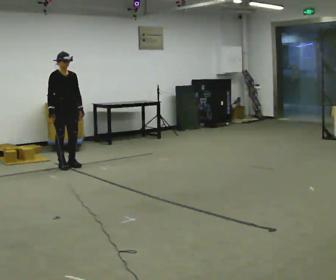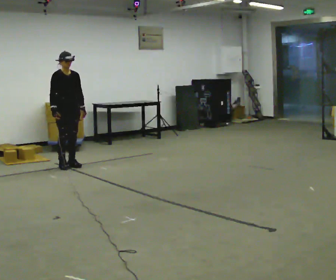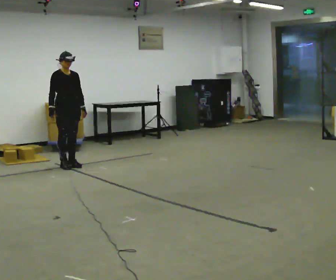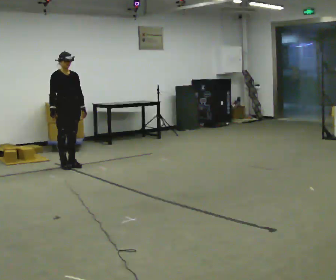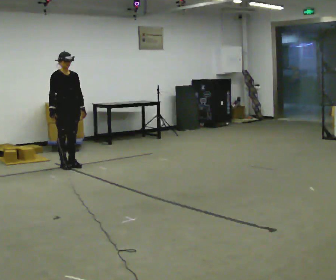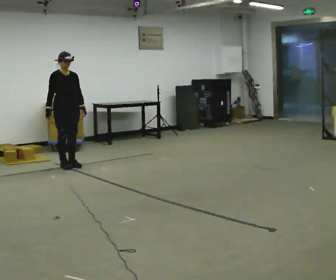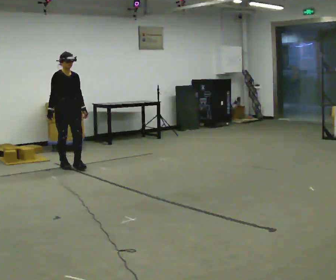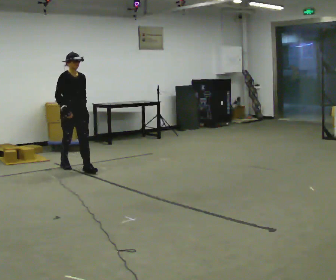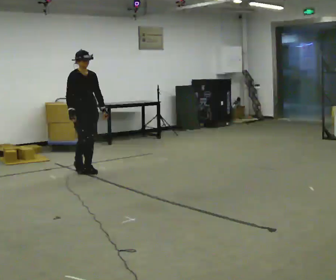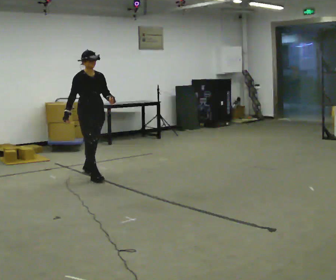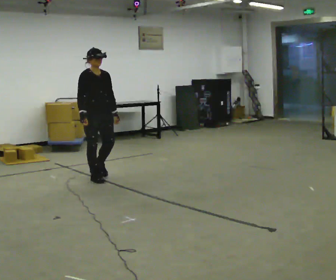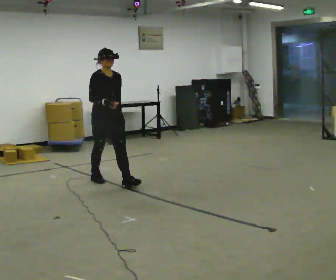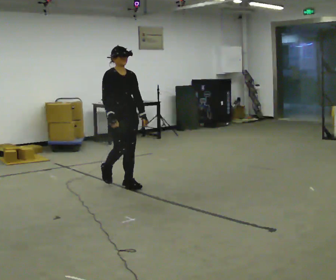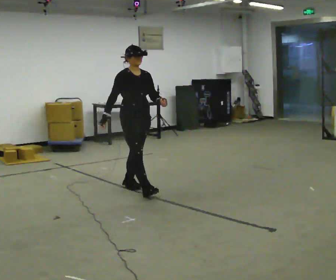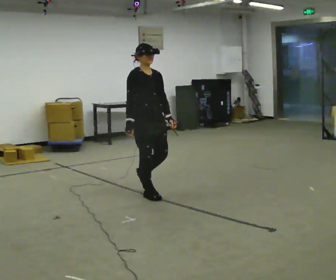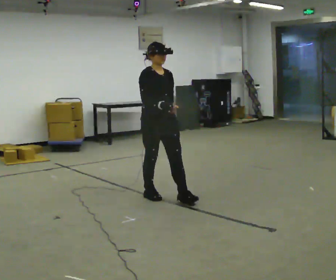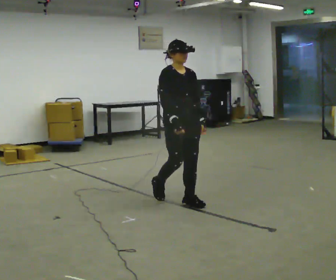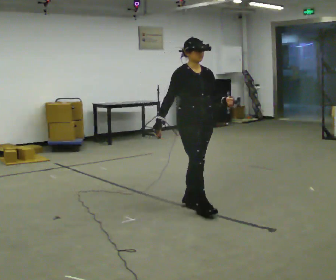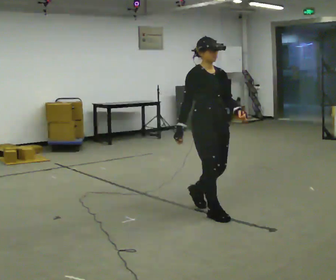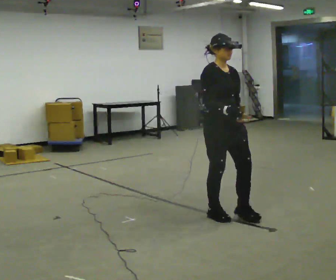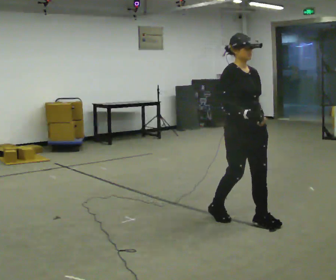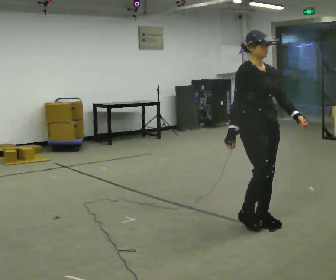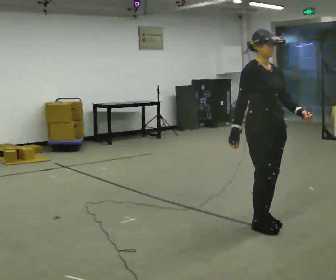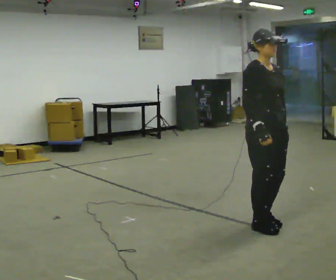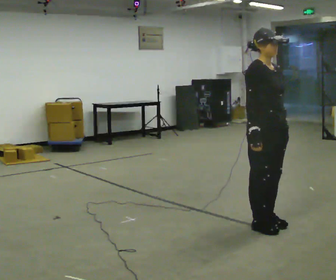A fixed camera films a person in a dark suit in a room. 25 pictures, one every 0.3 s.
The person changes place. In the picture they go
toward the camera.
0.0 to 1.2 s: The person moves a little, or ends about where they began.
1.2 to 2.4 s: In the picture they go toward the camera and to the right, about 0.5 m in 1 step, which for them is forward.
2.4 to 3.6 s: In the picture they go toward the camera and to the right, about 1 m in 2 steps, which for them is forward.
3.6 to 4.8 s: In the picture they go toward the camera and to the right, about 1 m in 2 steps, which for them is forward.
4.8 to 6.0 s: In the picture they go toward the camera and to the right, about 1 m in 2 steps, which for them is forward.
6.0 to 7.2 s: In the picture they go toward the camera, about 0.25 m in 1 step, which for them is forward.
The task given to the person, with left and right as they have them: Start still; walk straight at normal comfortable speed; stop at endpoint.
The film runs forward here.
